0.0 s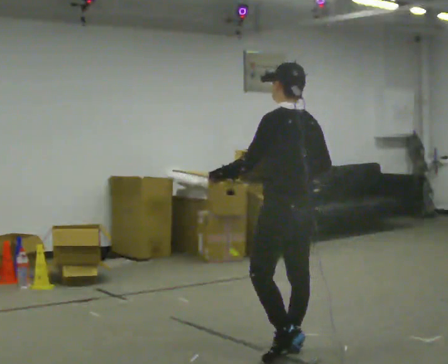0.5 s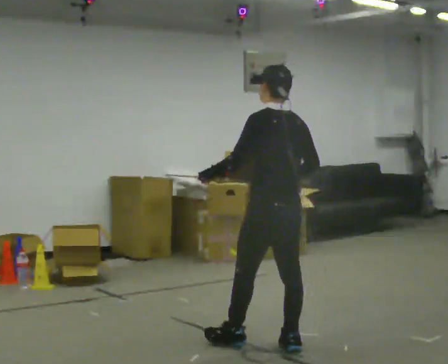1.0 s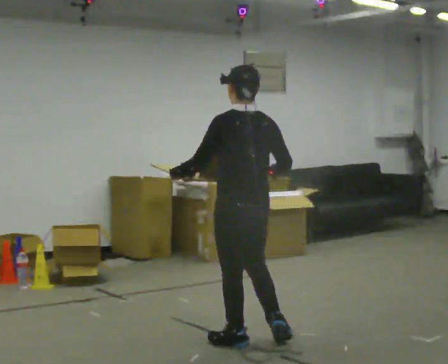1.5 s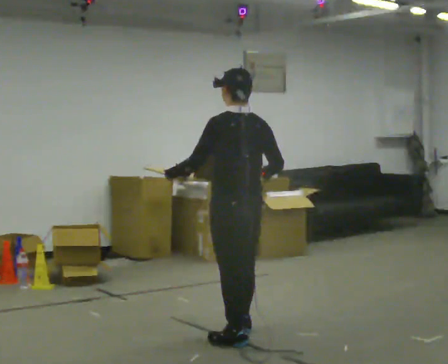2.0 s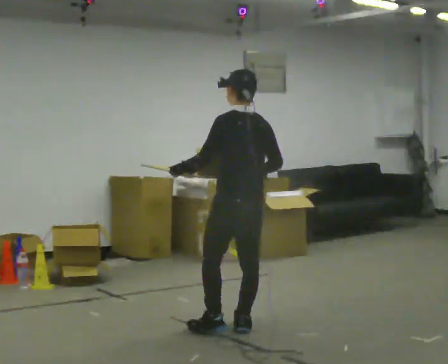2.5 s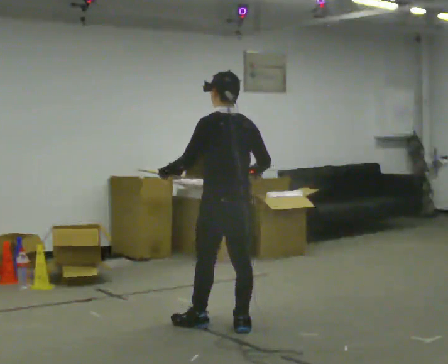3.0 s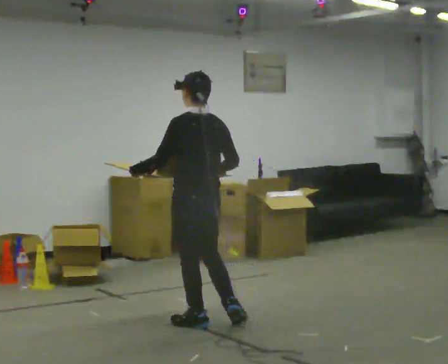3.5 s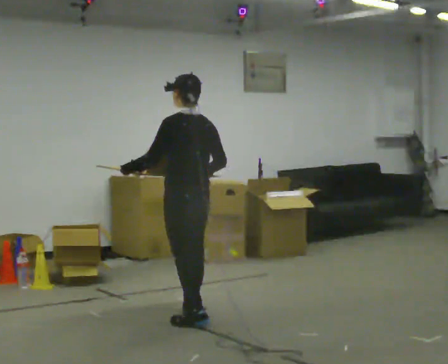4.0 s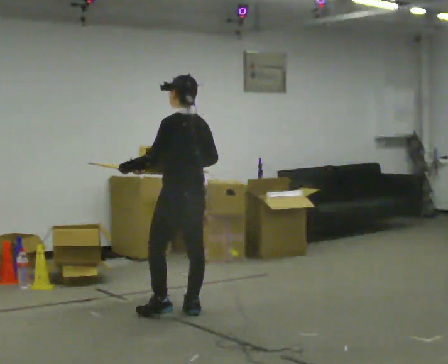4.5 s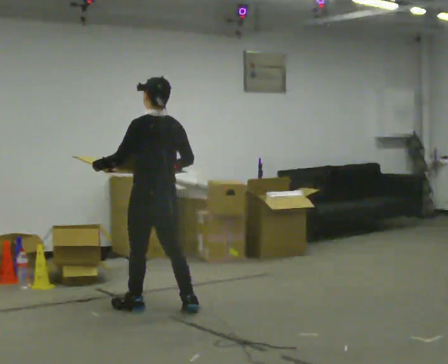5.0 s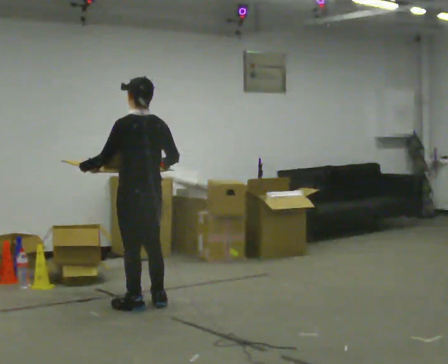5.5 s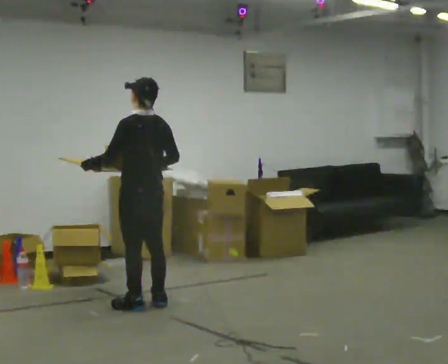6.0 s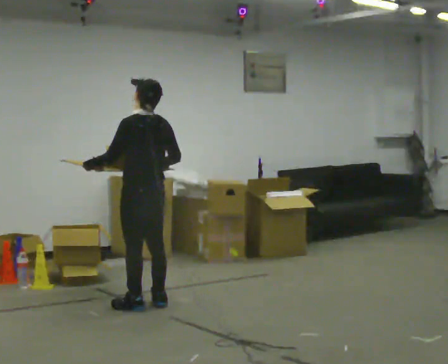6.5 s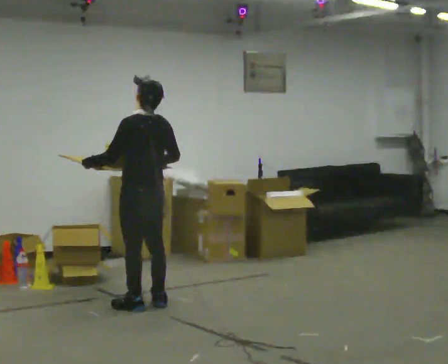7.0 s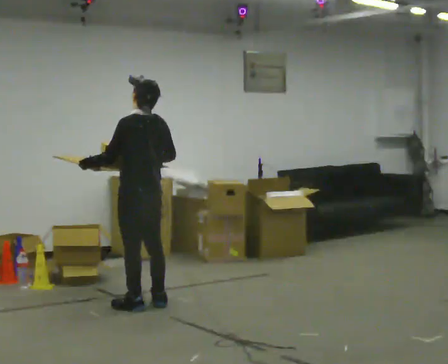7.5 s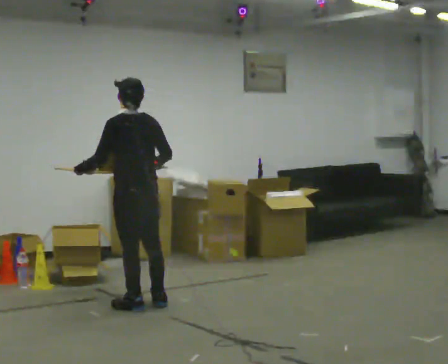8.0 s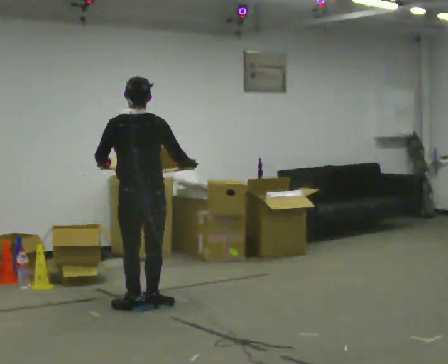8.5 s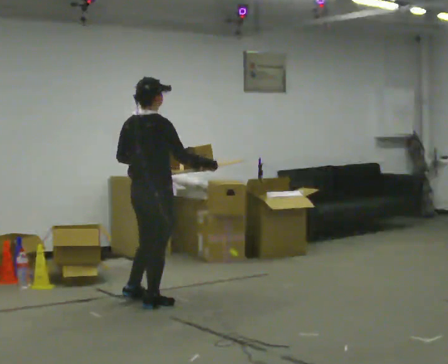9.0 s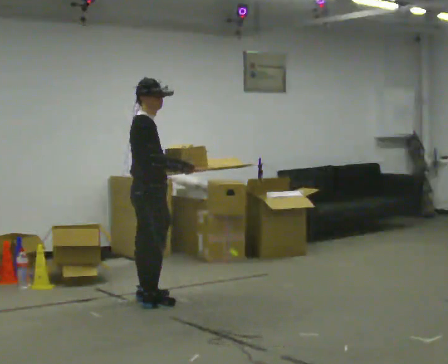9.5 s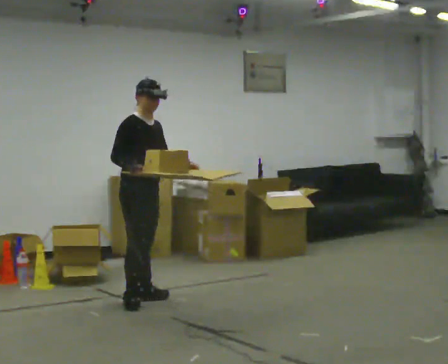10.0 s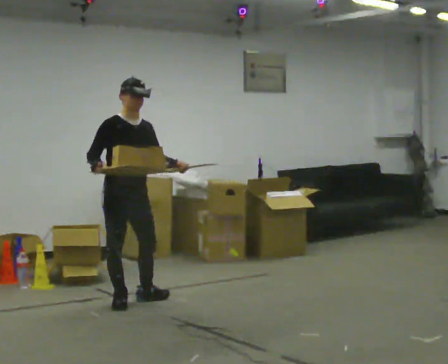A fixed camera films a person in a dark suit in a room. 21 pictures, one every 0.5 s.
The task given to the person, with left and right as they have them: Carry the loaded tray flat and level in both hands, walking back and forth across the room. Try not to let anything slide off.
0.0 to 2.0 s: In the picture they go away from the camera and to the left, about 0.5 m in 2 steps, which for them is forward.
2.0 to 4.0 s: In the picture they go away from the camera and to the left, about 0.75 m in 2 steps, which for them is forward.
4.0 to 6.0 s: In the picture they go to the left and away from the camera, about 0.25 m in 2 steps, which for them is forward.
6.0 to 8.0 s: The person turns about 45 degrees to their right, clockwise seen from above, so the part of the body nearest the lens slides to the left.
8.0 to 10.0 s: The person turns about 150 degrees to their right, clockwise seen from above, so the part of the body nearest the lens slides to the left. In the picture they go to the left, about 0.25 m in 2 steps. In the picture their right hand goes to the left.
The film runs forward here.
